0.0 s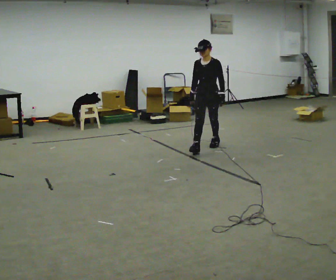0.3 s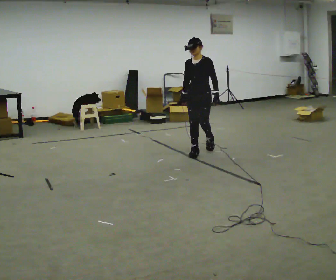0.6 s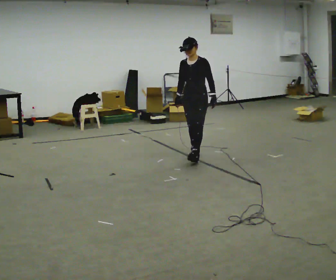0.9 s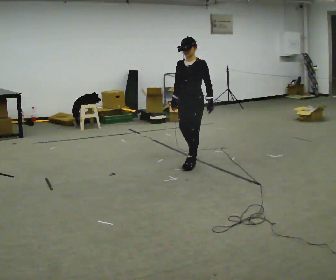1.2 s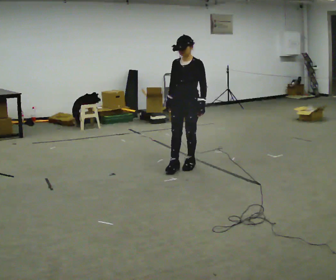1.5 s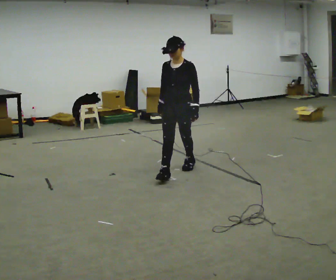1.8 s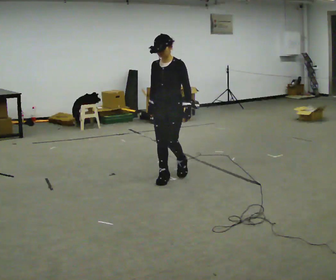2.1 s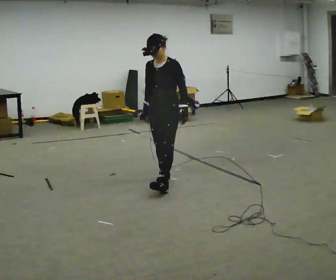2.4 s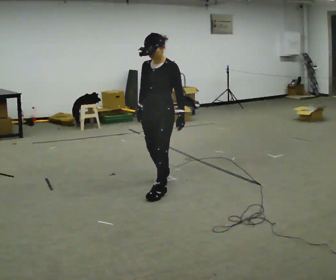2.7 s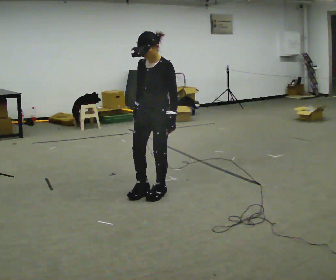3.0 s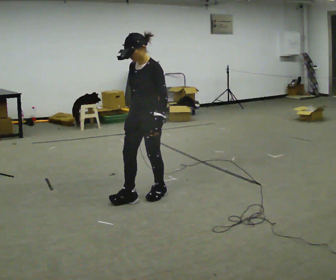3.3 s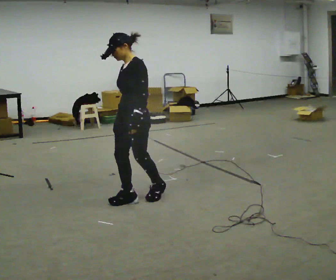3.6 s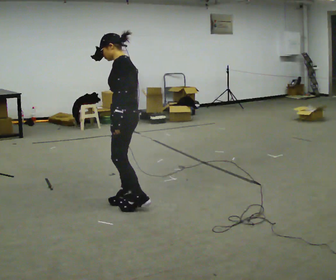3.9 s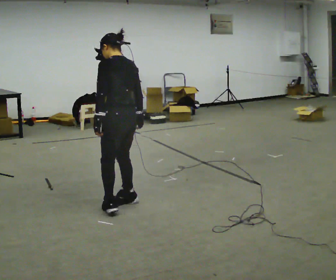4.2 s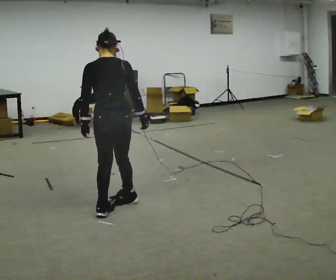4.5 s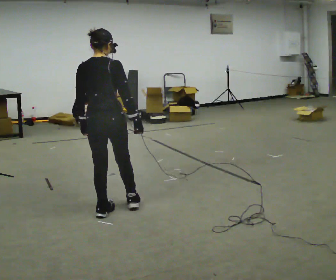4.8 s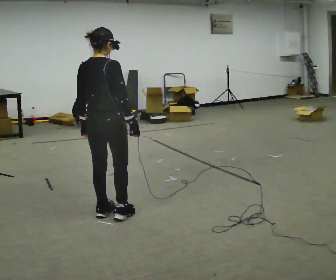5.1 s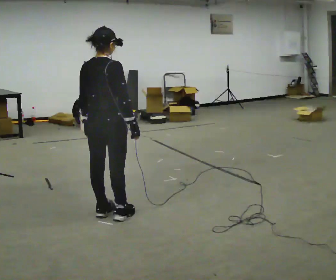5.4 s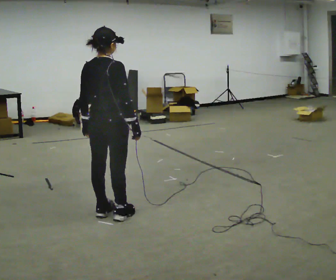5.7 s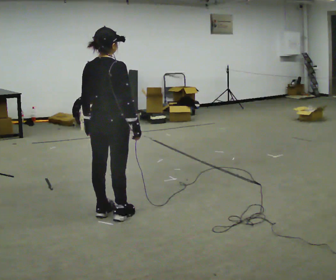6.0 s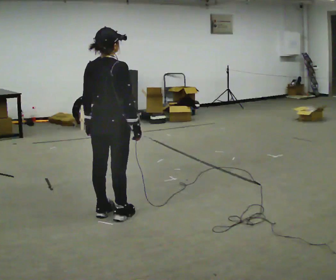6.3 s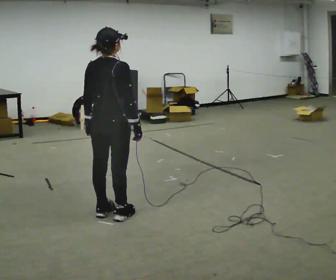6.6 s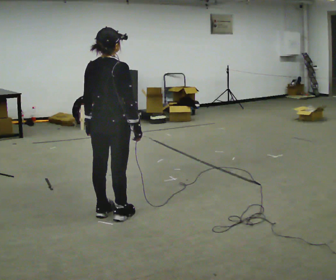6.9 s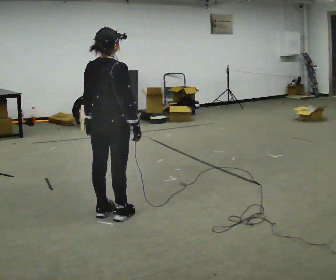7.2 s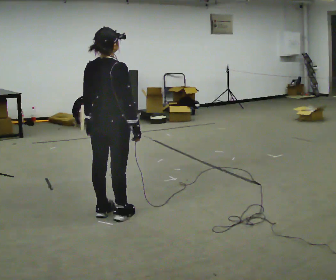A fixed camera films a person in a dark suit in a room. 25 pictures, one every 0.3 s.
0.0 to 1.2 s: In the picture they go toward the camera and to the left, about 1 m in 2 steps, which for them is forward.
1.2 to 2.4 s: In the picture they go toward the camera and to the left, about 1 m in 2 steps, which for them is forward.
2.4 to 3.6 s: The person turns about 60 degrees to their right, clockwise seen from above, so the part of the body nearest the lens slides to the left. In the picture they go toward the camera and to the left, about 0.5 m in 1 step.
3.6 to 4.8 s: The person turns about 105 degrees to their right, clockwise seen from above, so the part of the body nearest the lens slides to the left. In the picture they go toward the camera and to the left, about 0.25 m in 2 steps.
4.8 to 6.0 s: The person moves a little, or ends about where they began.
6.0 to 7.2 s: The person keeps their place and pose.
The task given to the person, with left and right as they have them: Walk forward while moving diagonally left/right; finish ~45° from start direction.
The film runs forward here.
